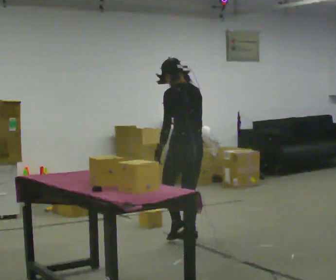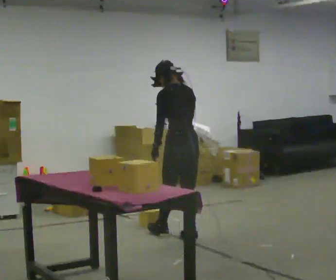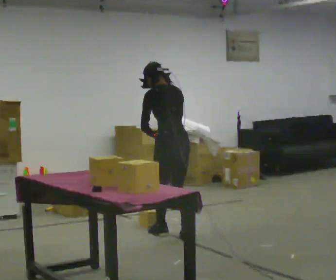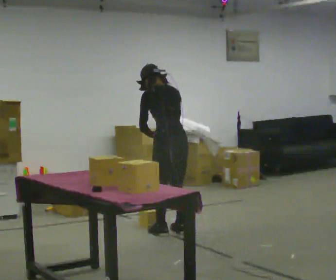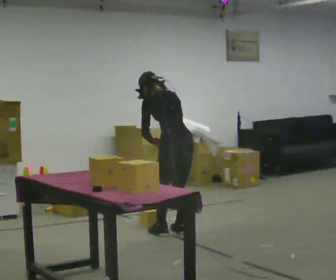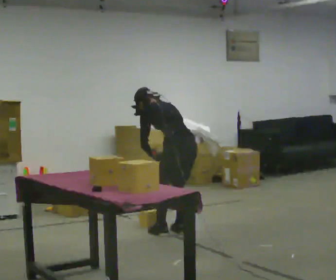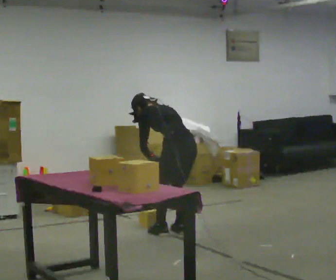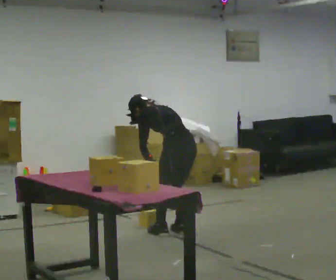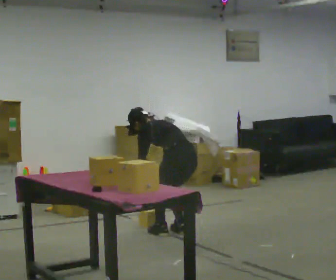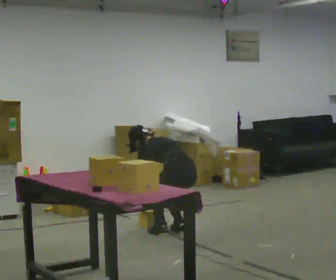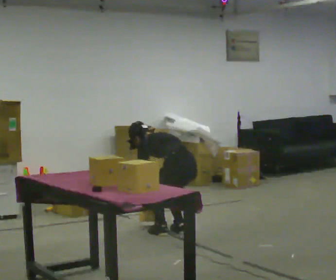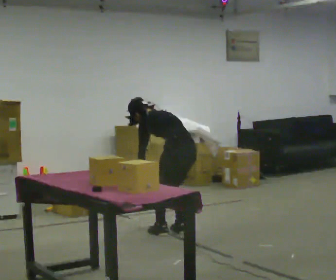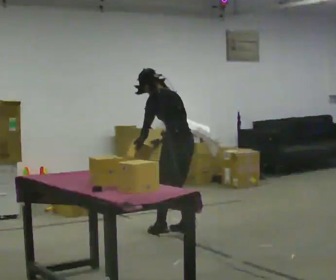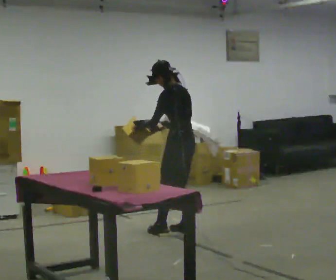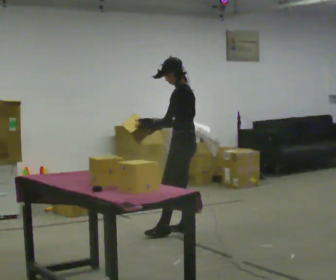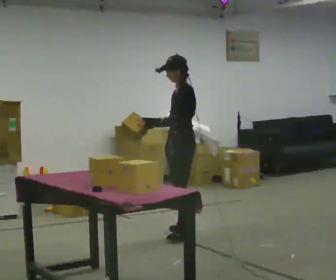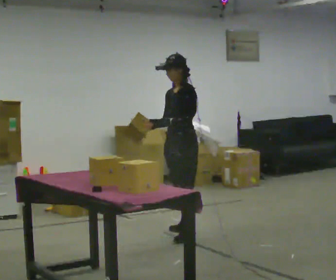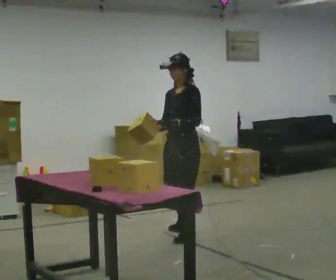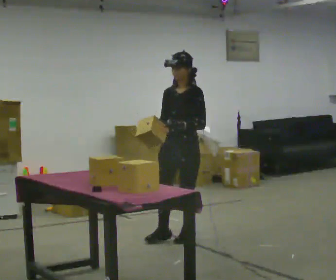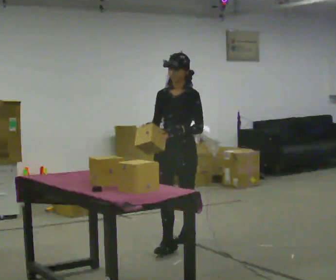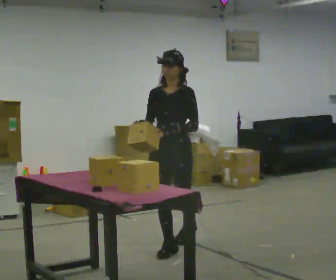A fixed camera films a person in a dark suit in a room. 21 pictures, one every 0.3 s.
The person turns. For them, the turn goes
to their left.
Their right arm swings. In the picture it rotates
clockwise.
0.0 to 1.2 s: In the picture they go away from the camera, about 0.25 m in 2 steps, which for them is forward. The upper body tips away from the camera, its near side rolling upward, as they bend forward.
1.2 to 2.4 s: The upper body goes downward. In the picture the upper body tilts counterclockwise, shoulders to the left, as they bend forward. In the picture their left hand goes downward.
2.4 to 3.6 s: The upper body tips toward the camera, its near side rolling downward, as they lean back or straighten. In the picture their left hand goes upward.
3.6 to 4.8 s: Seen from above the body turns counterclockwise, about 75 degrees: to their left, with its near side sliding to the right. In the picture the upper body tilts clockwise, shoulders to the right, as they lean back or straighten.
4.8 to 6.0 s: The part of the body nearest the lens slides to the right as the person turns to their left by about 45 degrees. In the picture they go toward the camera, about 0.5 m in 1 step, which for them is forward and to their left.
The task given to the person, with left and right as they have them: The operator will name an object. Go and find it, bring it back, and hand it over. Then wait for the next one.
The film runs forward here.
